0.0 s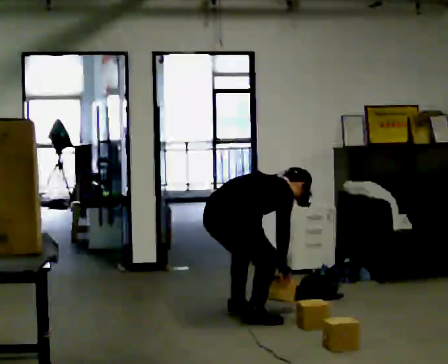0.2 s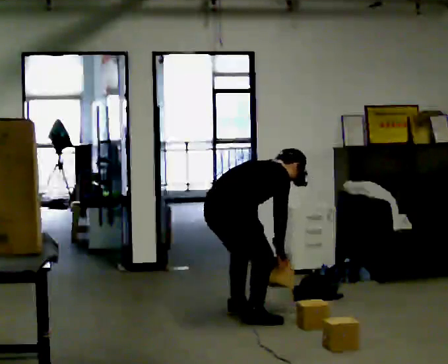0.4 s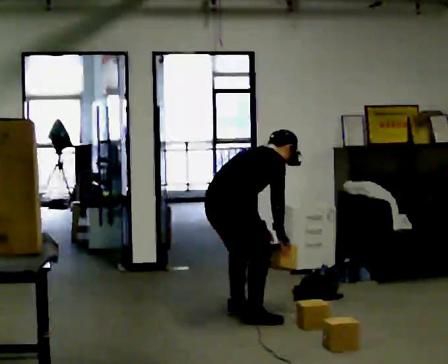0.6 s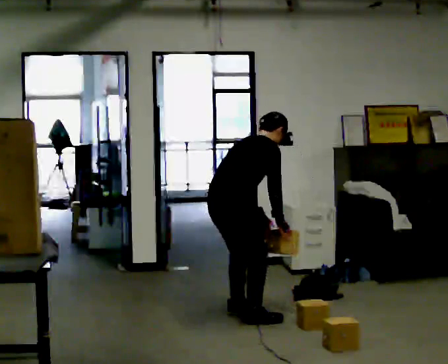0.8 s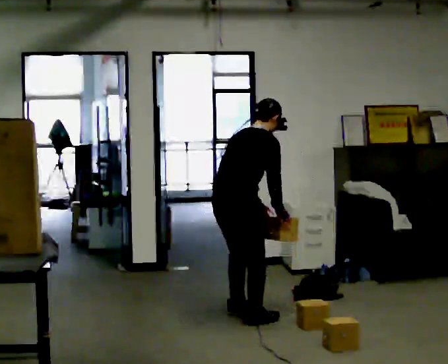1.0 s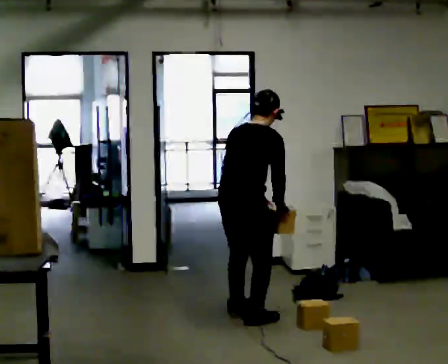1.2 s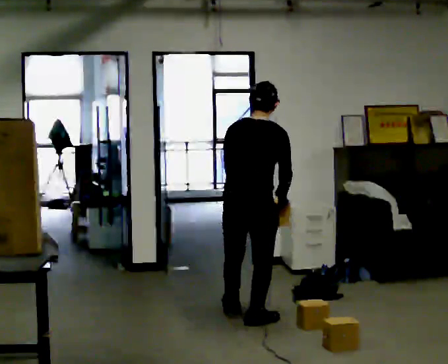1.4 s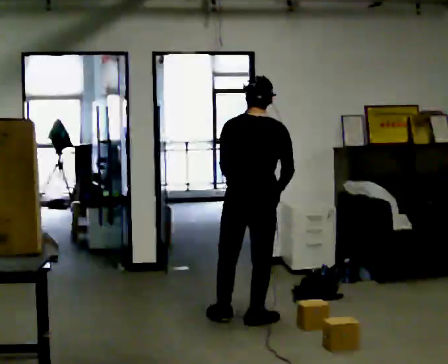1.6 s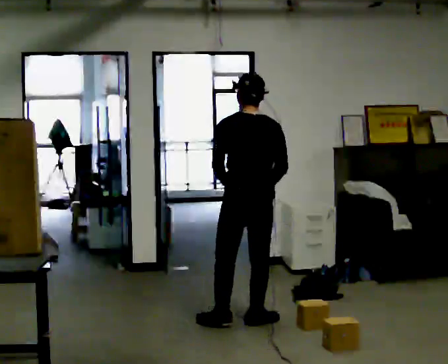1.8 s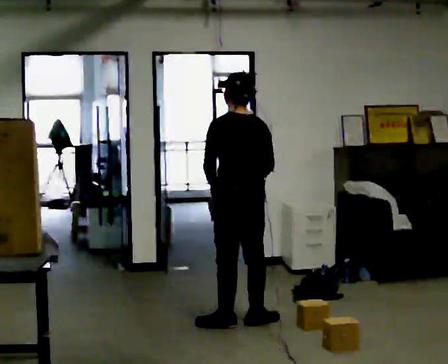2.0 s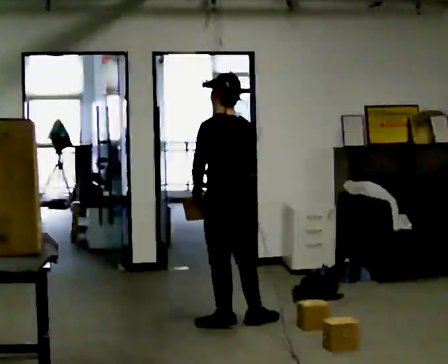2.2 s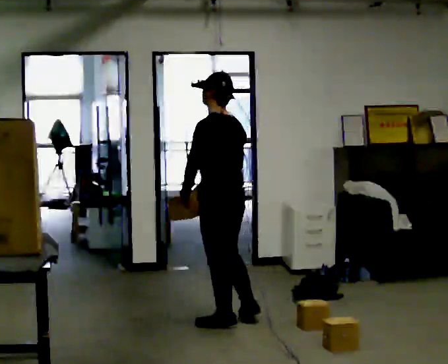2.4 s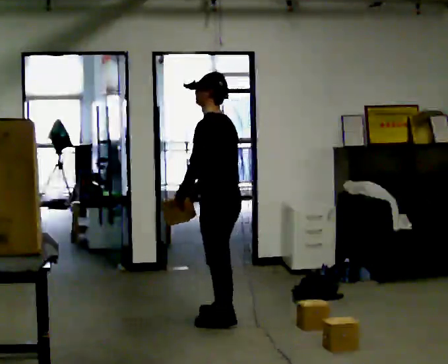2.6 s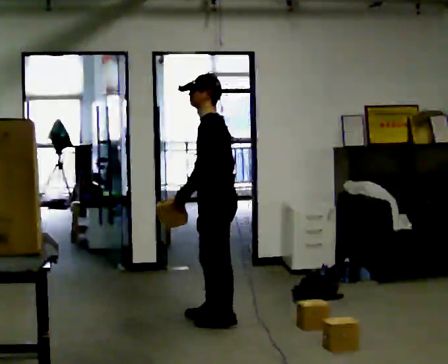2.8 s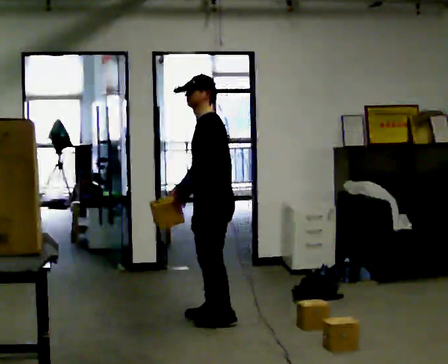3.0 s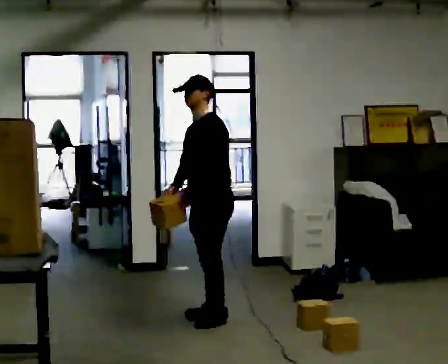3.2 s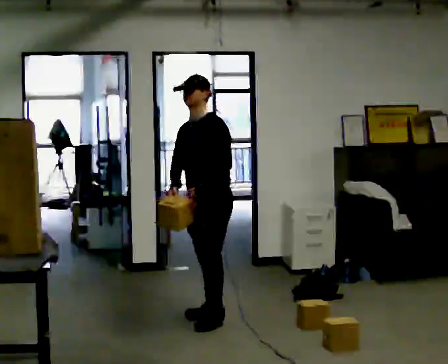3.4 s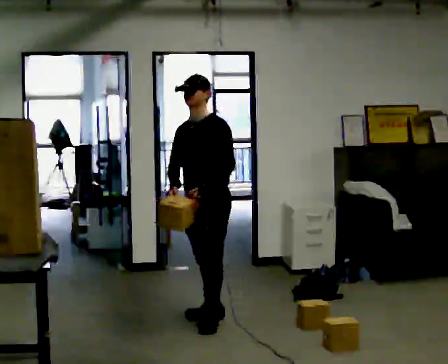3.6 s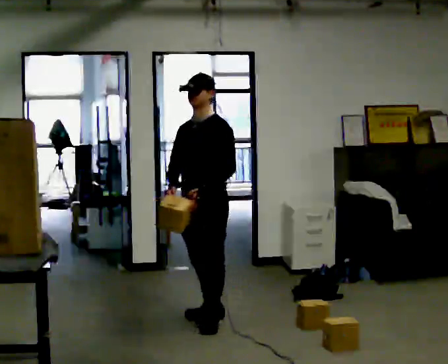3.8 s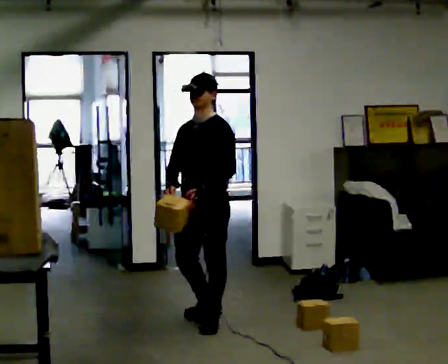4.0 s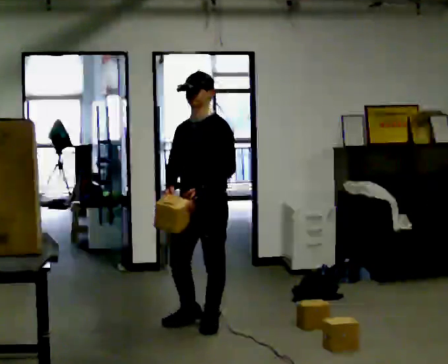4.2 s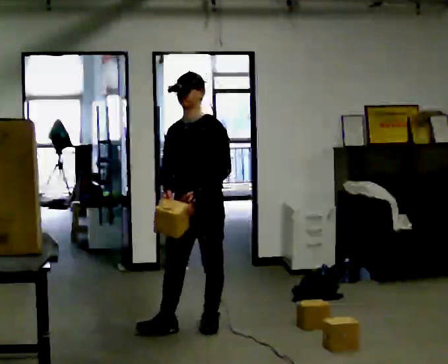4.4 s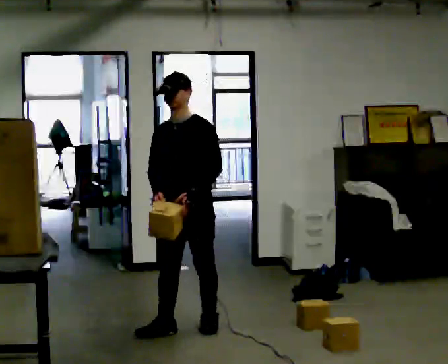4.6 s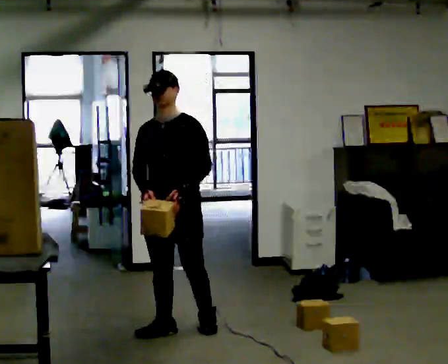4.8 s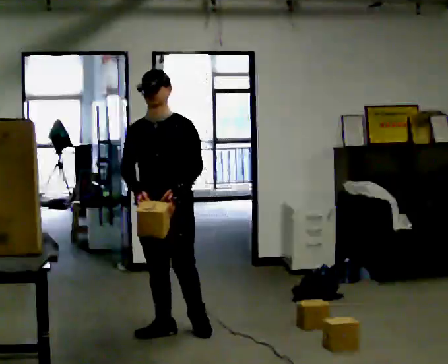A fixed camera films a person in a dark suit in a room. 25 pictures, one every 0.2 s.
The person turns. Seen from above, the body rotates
counterclockwise.
The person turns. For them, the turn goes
to their left.
0.0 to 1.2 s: The person turns about 45 degrees to their left, counterclockwise seen from above, so the part of the body nearest the lens slides to the right. In the picture they go to the right, about 0.25 m, which for them is to their right. The shoulders move upward. In the picture the upper body tilts counterclockwise, shoulders to the left, as they lean back or straighten. In the picture their right hand goes upward.
1.2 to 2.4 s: Seen from above the body turns counterclockwise, about 90 degrees: to their left, with its near side sliding to the right. In the picture they go to the left, about 0.25 m in 1 step. In the picture the upper body tilts counterclockwise, shoulders to the left. In the picture their right hand goes to the left.
2.4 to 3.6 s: The person turns about 60 degrees to their left, counterclockwise seen from above, so the part of the body nearest the lens slides to the right.
3.6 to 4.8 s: Seen from above the body turns counterclockwise, about 30 degrees: to their left, with its near side sliding to the right. In the picture they go toward the camera and to the left, about 0.5 m in 1 step, which for them is forward.
The film runs forward here.
